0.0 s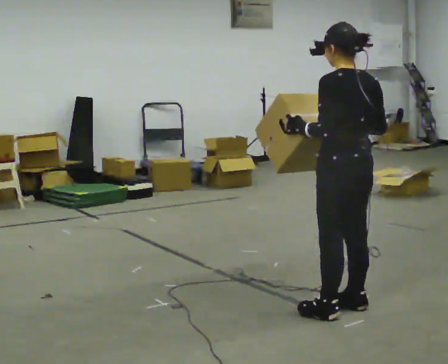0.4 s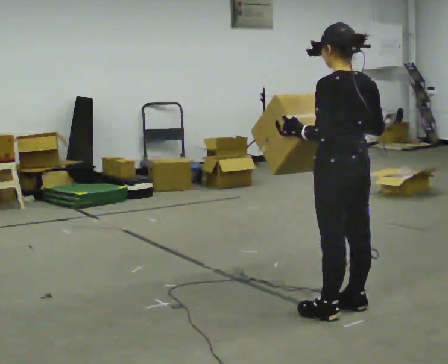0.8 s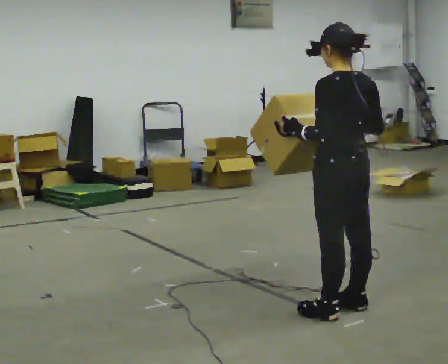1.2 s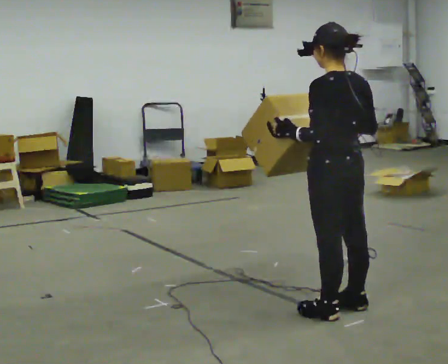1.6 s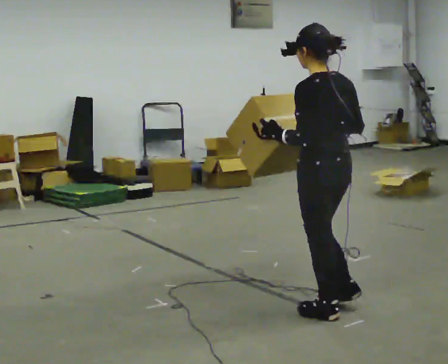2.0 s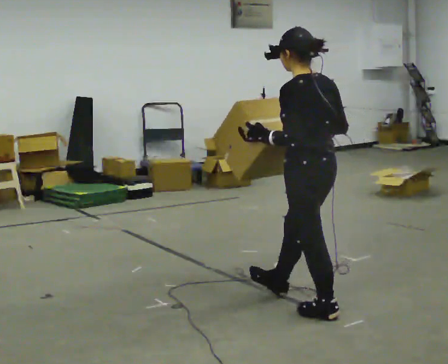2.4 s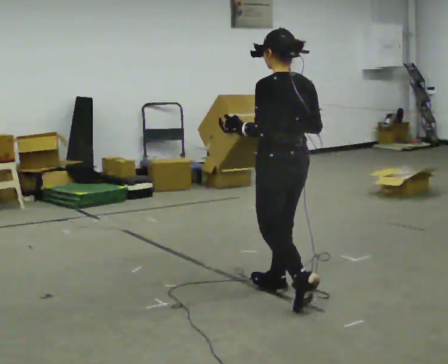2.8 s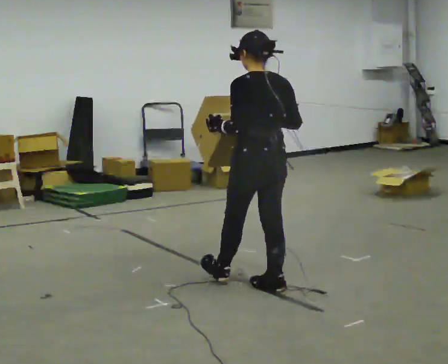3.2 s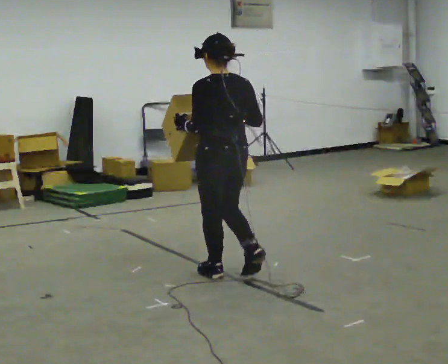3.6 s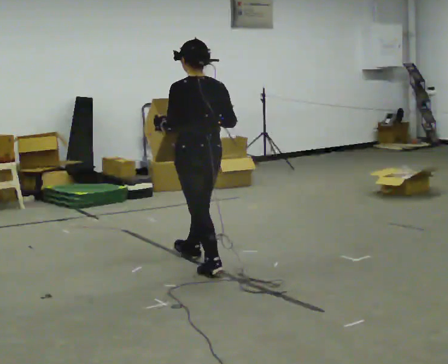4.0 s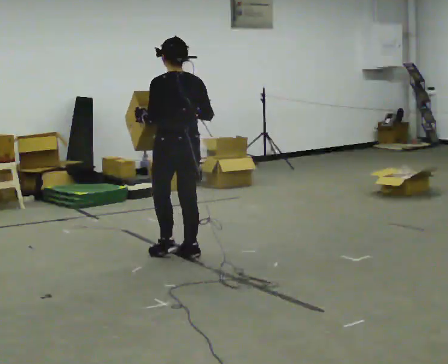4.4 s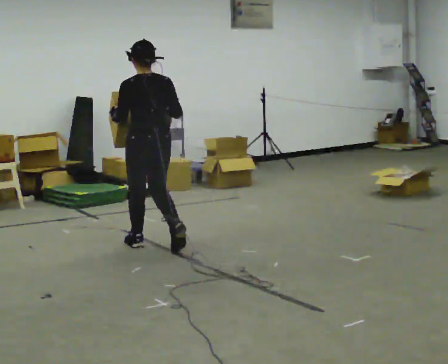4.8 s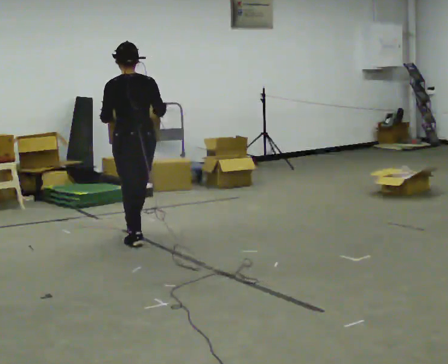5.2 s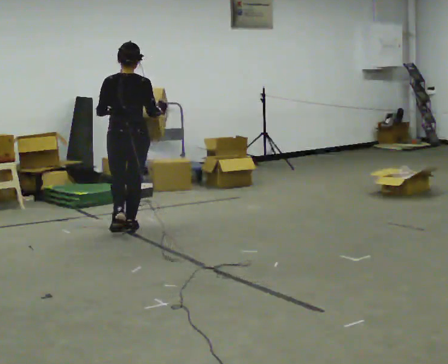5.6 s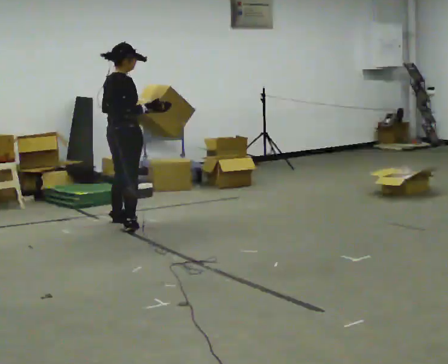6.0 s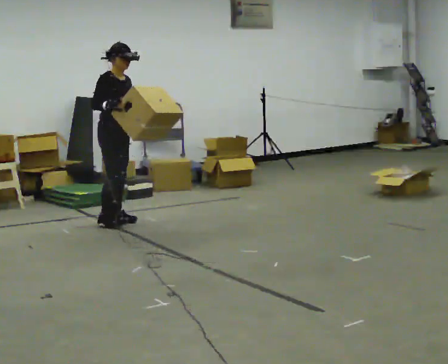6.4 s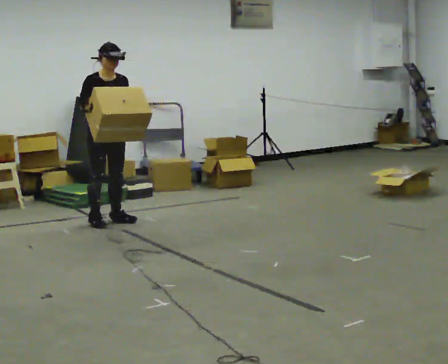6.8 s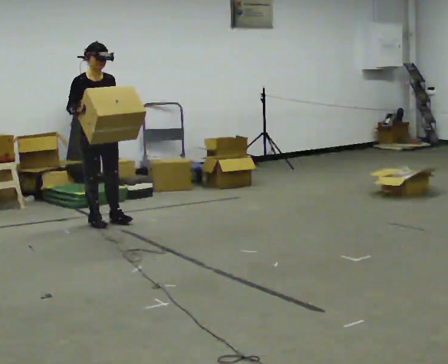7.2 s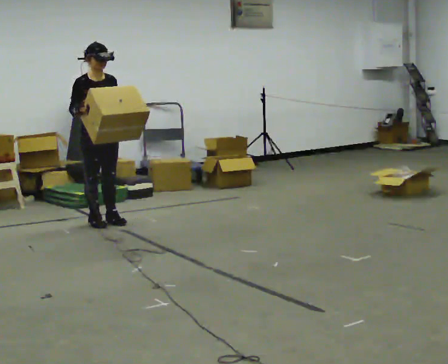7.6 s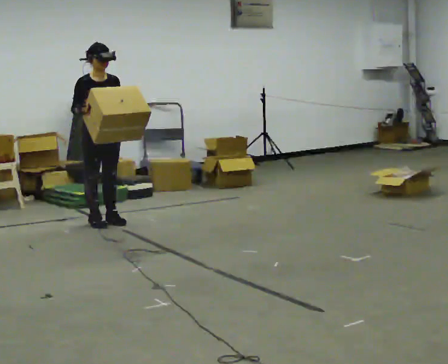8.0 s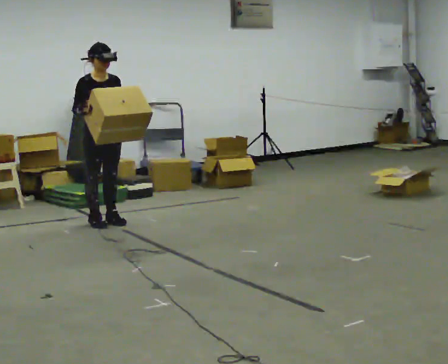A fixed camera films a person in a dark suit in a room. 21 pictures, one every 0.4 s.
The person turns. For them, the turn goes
to their right.
The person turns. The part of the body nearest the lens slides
to the left.
0.0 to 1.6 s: The person moves a little, or ends about where they began.
1.6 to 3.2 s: In the picture they go away from the camera and to the left, about 1 m in 2 steps, which for them is forward.
3.2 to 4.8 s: In the picture they go away from the camera and to the left, about 1 m in 2 steps, which for them is forward.
4.8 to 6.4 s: Seen from above the body turns clockwise, about 165 degrees: to their right, with its near side sliding to the left. In the picture they go away from the camera and to the left, about 0.5 m in 3 steps.
6.4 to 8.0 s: The person moves a little, or ends about where they began.
The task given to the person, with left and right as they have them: Carry the medium box in both hands in front of you, walking back and forth across the room. Keep walking until the operator says stop.
The film runs forward here.
